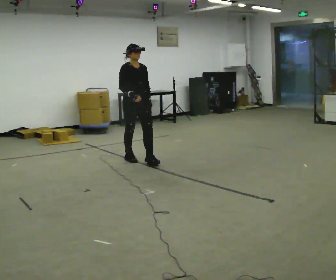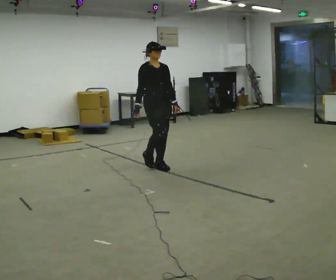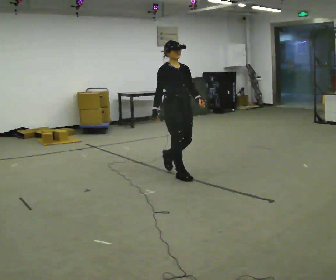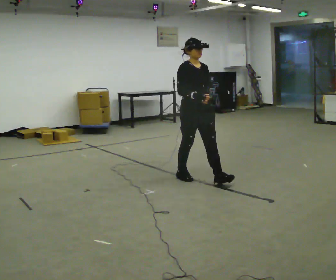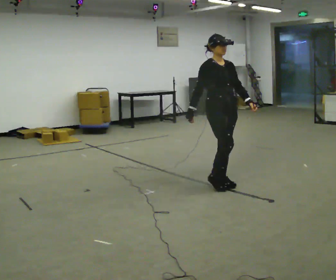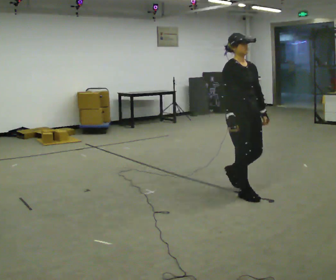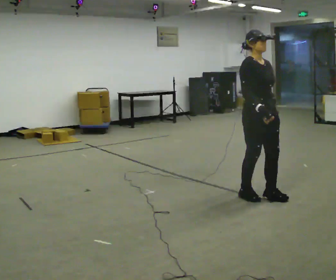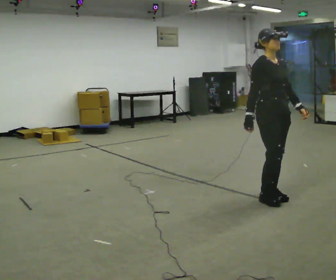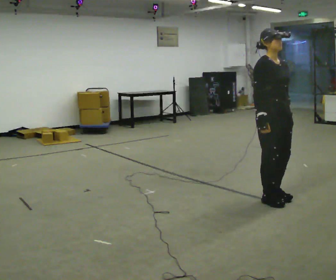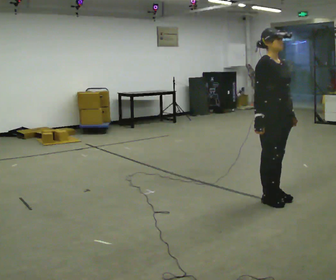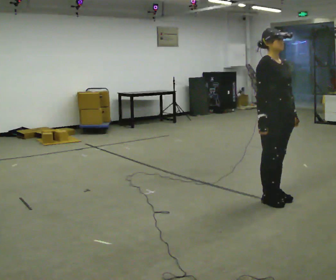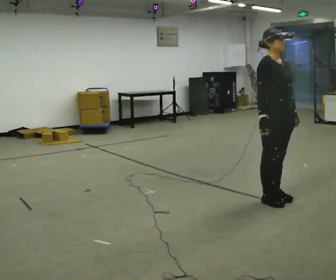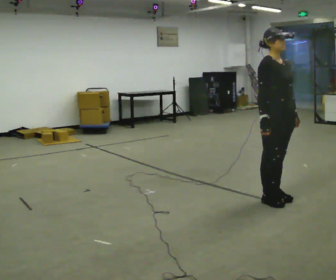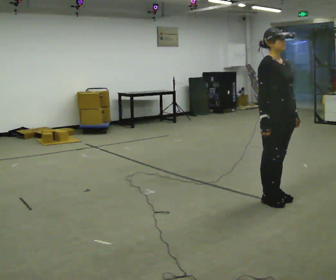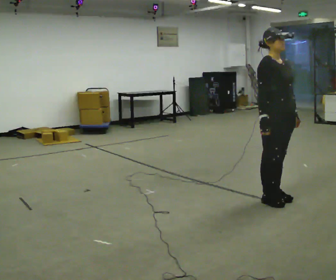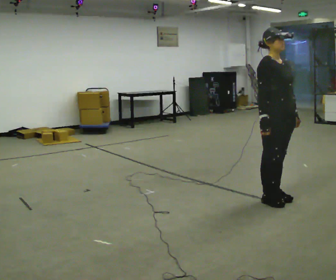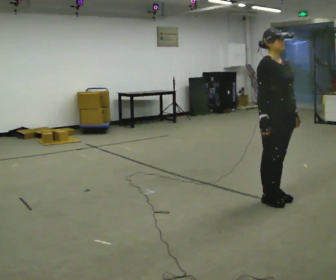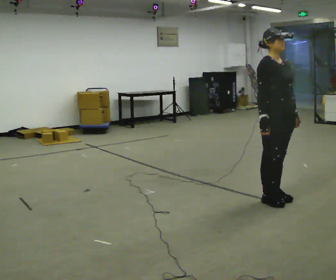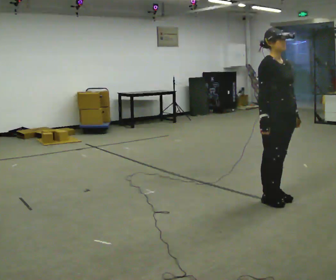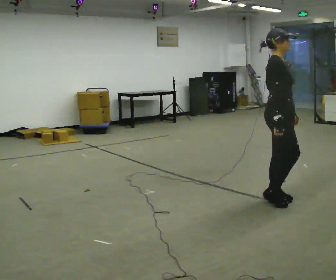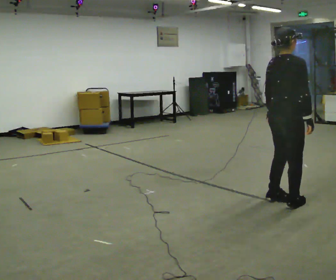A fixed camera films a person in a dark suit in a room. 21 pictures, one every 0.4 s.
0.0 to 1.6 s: In the picture they go to the right and toward the camera, about 1.5 m in 3 steps, which for them is forward.
1.6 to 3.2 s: In the picture they go to the right and toward the camera, about 0.75 m in 3 steps, which for them is forward.
3.2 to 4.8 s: The person moves a little, or ends about where they began.
4.8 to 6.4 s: The person keeps their place and pose.
6.4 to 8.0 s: The part of the body nearest the lens slides to the right as the person turns to their left by about 75 degrees.
The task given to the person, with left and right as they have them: Walk normally; at marked point stop as quickly as comfortably possible; remain still.
The film runs forward here.
